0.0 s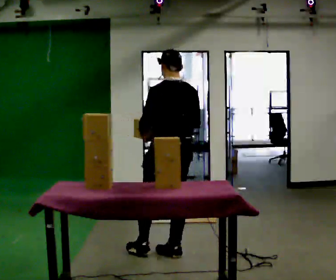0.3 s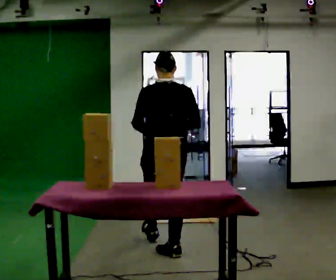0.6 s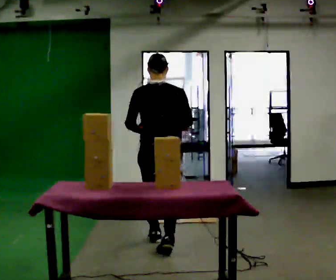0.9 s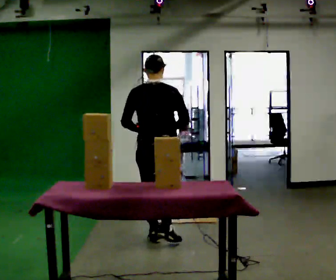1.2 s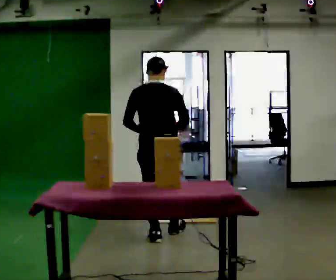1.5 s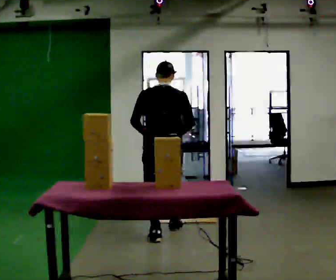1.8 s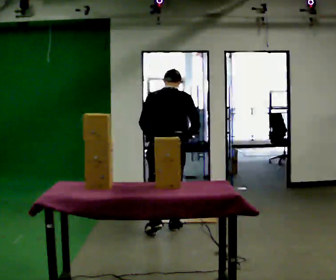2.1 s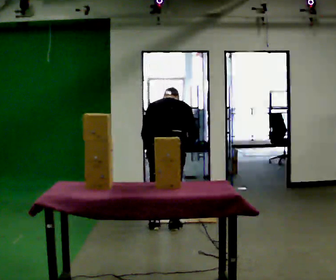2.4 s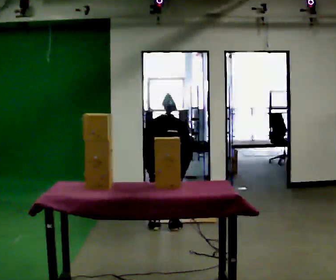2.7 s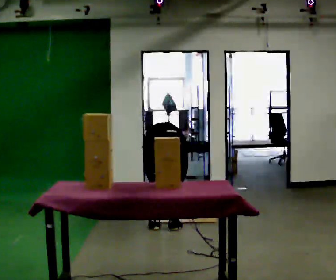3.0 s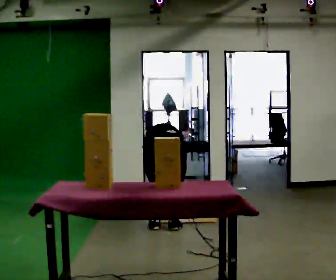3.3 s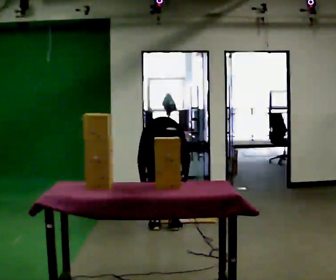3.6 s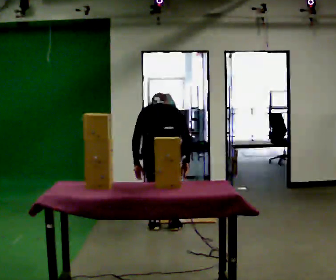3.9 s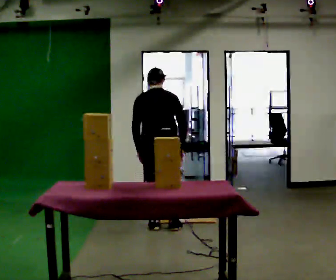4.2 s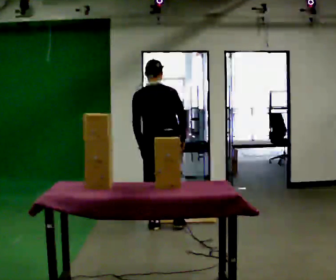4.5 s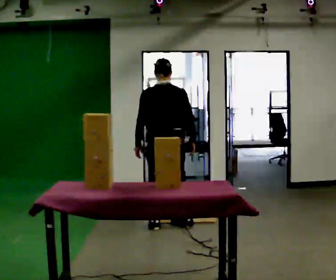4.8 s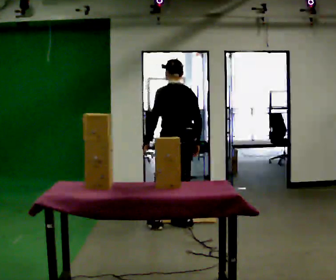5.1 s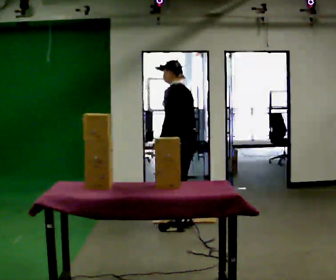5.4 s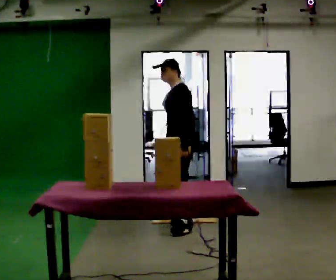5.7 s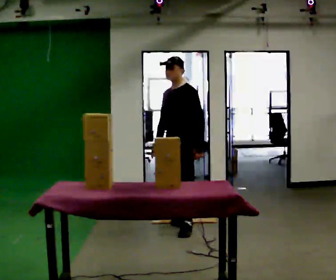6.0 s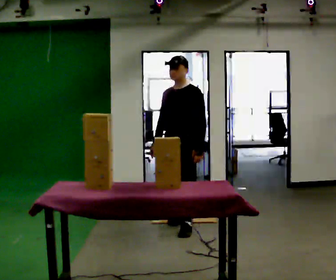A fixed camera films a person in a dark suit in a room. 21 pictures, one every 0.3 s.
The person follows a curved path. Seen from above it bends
clockwise.
0.0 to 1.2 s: Seen from above the body turns clockwise, about 30 degrees: to their right, with its near side sliding to the left. In the picture they go away from the camera, about 0.5 m in 1 step, which for them is forward.
1.2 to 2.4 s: In the picture they go away from the camera, about 0.25 m in 2 steps, which for them is forward. The shoulders move downward. The upper body tips away from the camera, its near side rolling upward, as they bend forward. In the picture their left hand goes downward.
2.4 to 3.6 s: The person moves a little, or ends about where they began.
3.6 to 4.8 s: Seen from above the body turns counterclockwise, about 30 degrees: to their left, with its near side sliding to the right. In the picture they go to the right, about 0.25 m in 1 step, which for them is to their right and forward. The upper body goes upward. The upper body tips toward the camera, its near side rolling downward, as they lean back or straighten.
4.8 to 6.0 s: Seen from above the body turns counterclockwise, about 105 degrees: to their left, with its near side sliding to the right. In the picture they go toward the camera, about 0.25 m in 1 step. In the picture their left hand goes to the right, the arm swinging counterclockwise.
The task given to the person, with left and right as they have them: 1. Bring the boxes over from the shelf one at a time. 2. Stack them on the pallet with the heaviest at the bottom. 3. Do not stack more than three high. 4. Tell the operator when you are finished.
The film runs forward here.
